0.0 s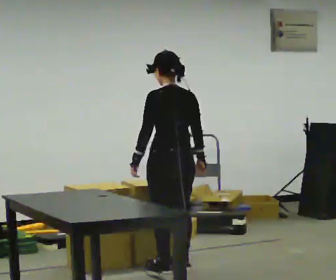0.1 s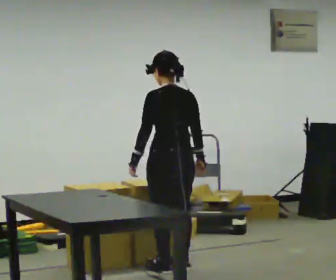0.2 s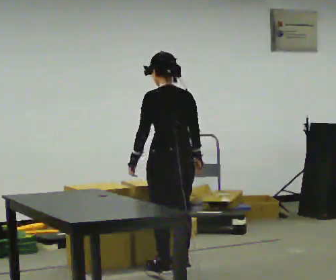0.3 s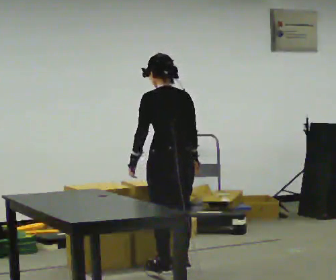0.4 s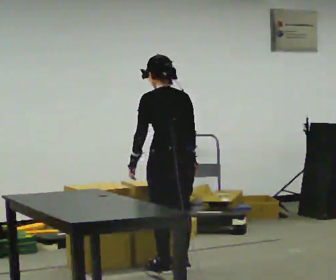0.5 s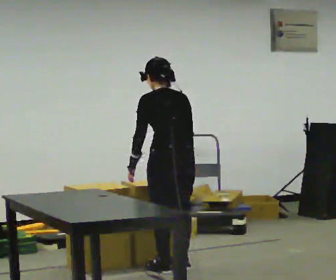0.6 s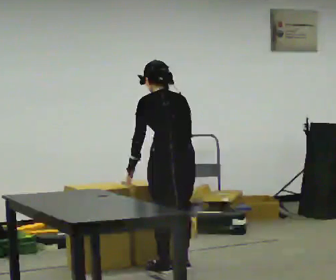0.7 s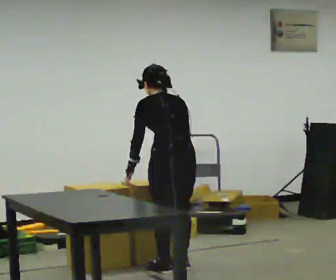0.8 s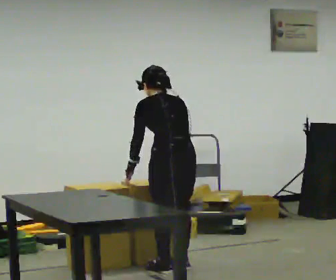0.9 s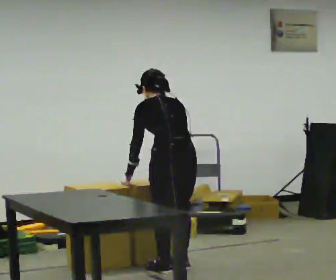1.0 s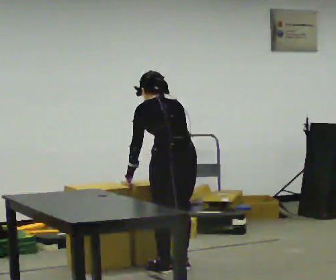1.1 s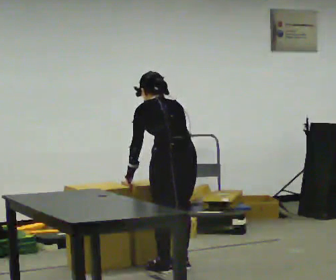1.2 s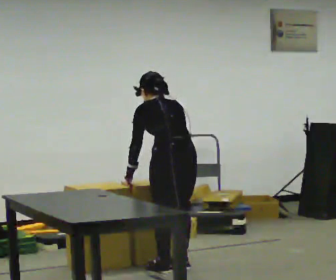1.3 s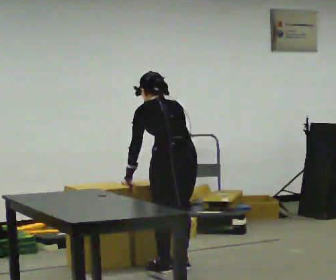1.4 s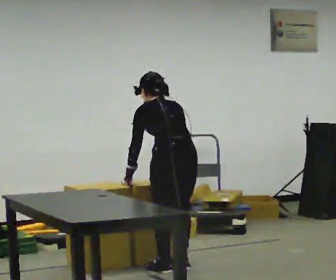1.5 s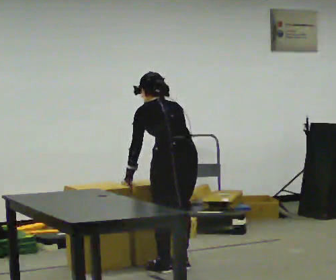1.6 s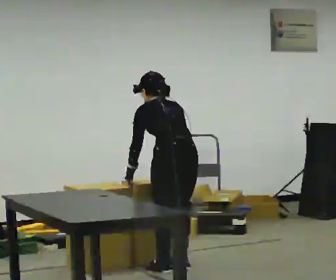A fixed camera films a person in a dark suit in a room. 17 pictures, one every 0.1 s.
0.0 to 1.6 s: The upper body tips away from the camera, its near side rolling upward, as they bend forward.
The film runs forward here.
